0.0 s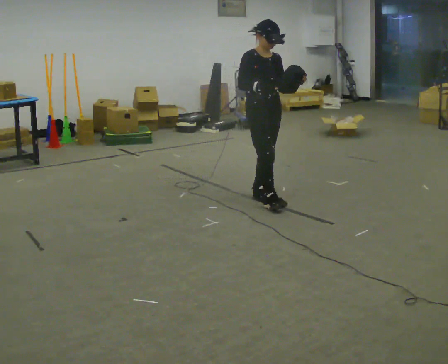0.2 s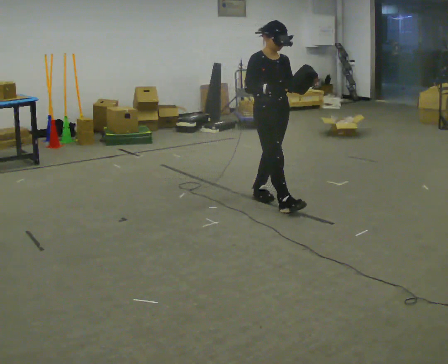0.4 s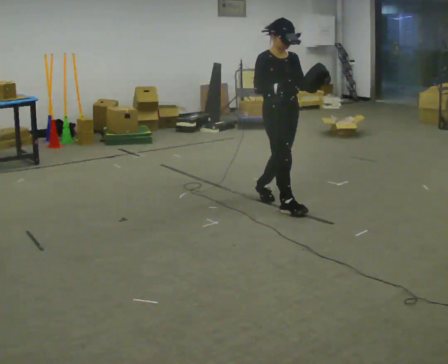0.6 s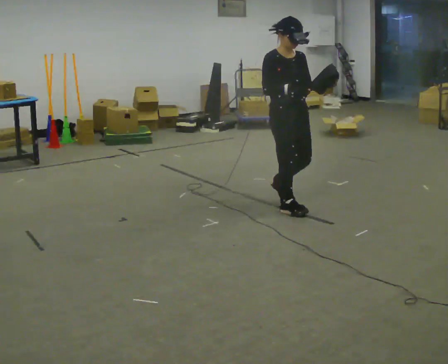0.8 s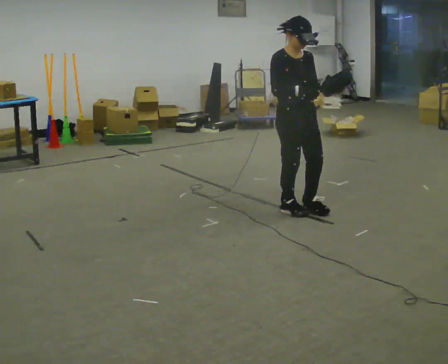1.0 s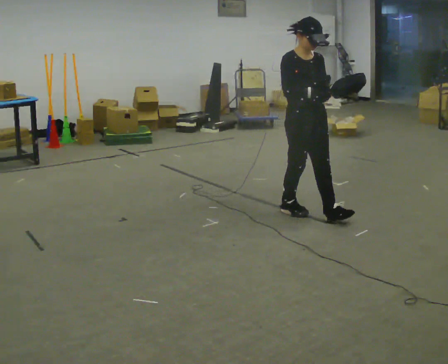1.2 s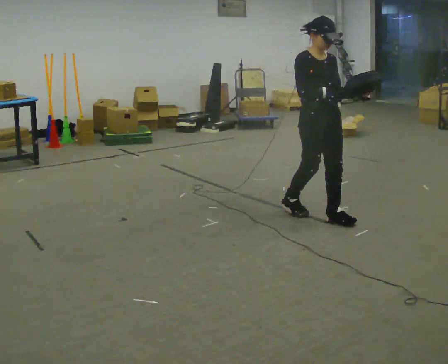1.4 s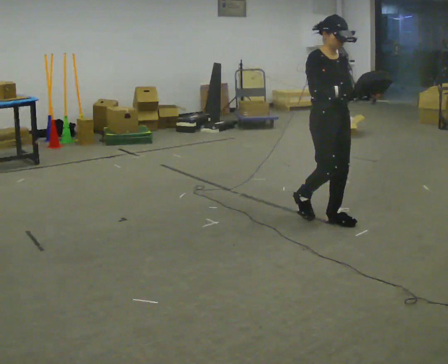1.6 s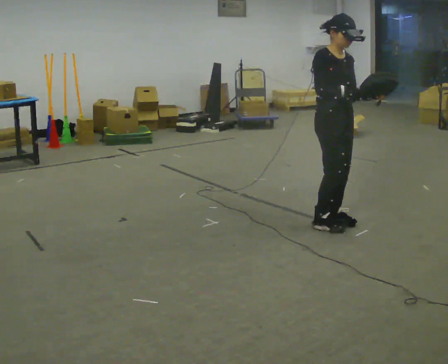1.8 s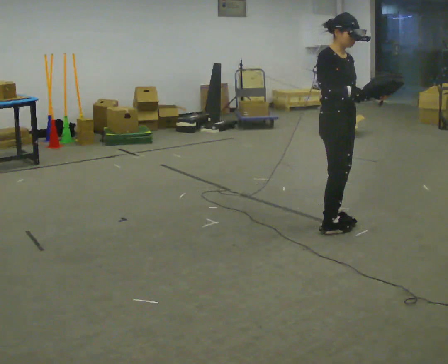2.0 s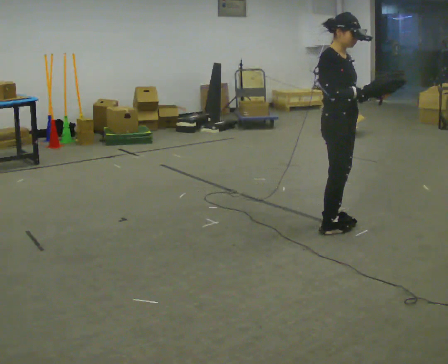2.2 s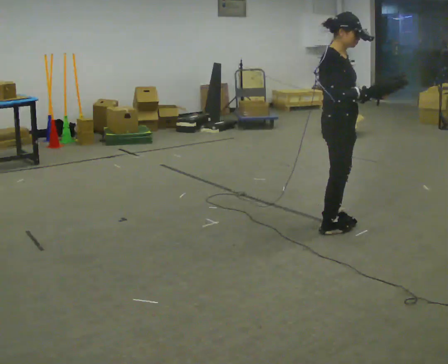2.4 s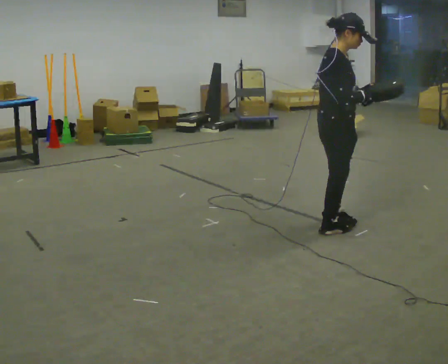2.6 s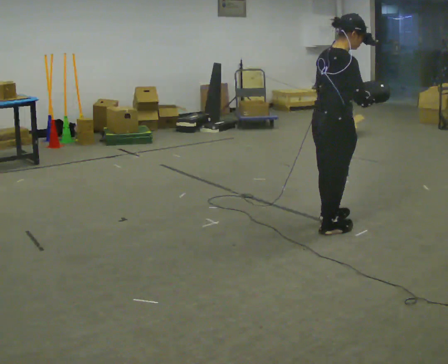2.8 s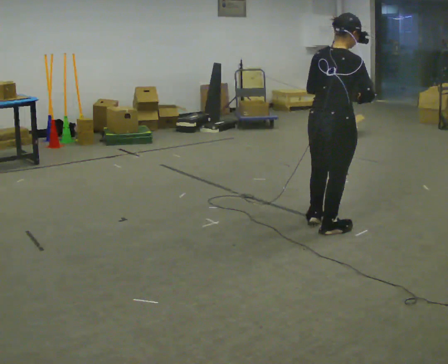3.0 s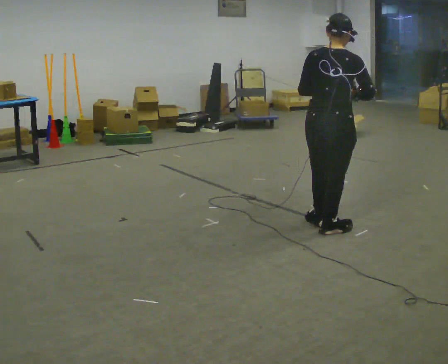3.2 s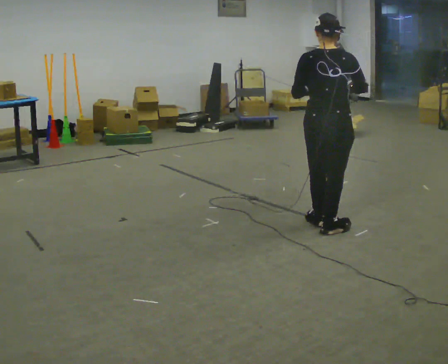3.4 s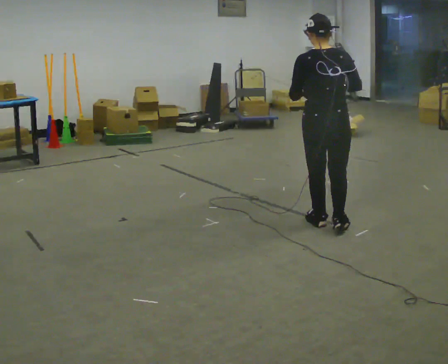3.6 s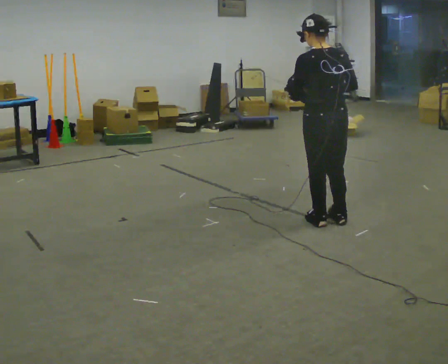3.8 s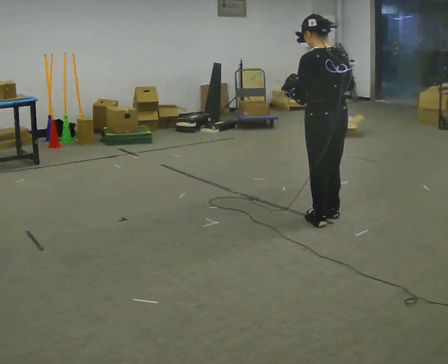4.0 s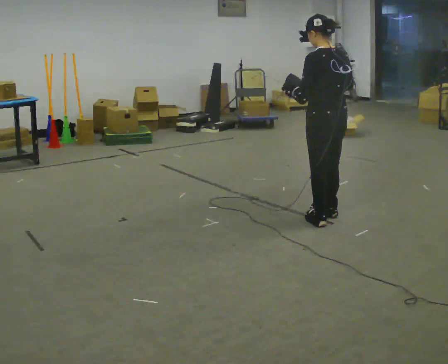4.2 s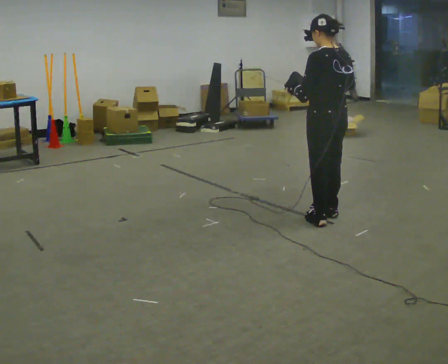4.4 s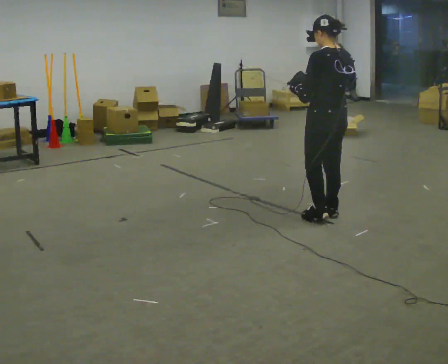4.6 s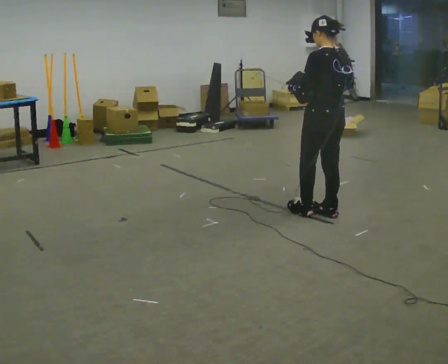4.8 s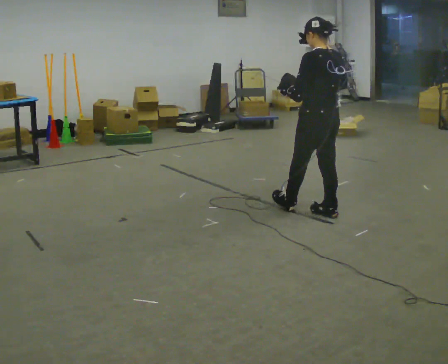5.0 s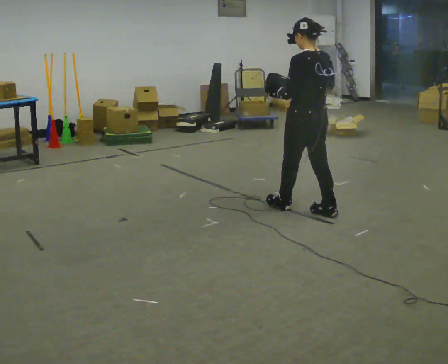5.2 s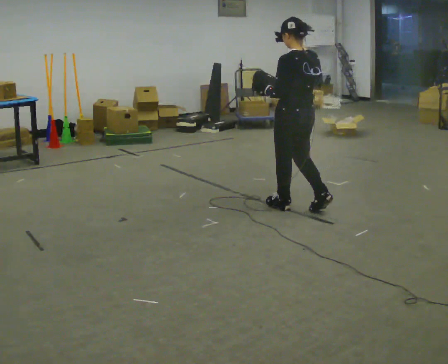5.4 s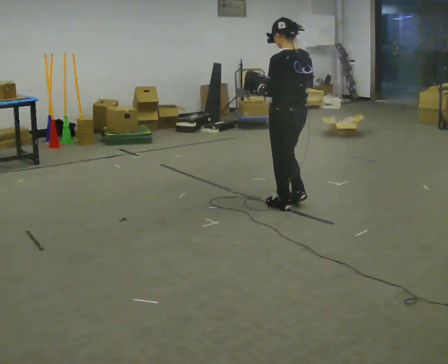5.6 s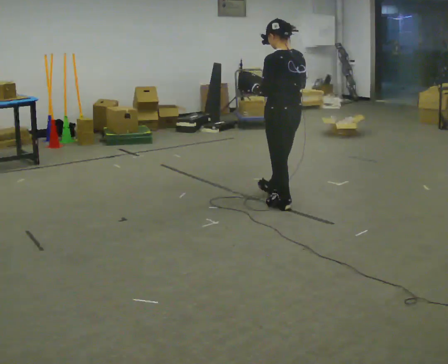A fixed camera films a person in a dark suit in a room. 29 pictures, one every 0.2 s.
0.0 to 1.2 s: In the picture they go toward the camera and to the right, about 0.5 m in 2 steps, which for them is forward.
1.2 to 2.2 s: The part of the body nearest the lens slides to the right as the person turns to their left by about 45 degrees. In the picture they go toward the camera, about 0.25 m in 1 step, which for them is forward and to their right.
2.2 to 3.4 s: The person turns about 105 degrees to their left, counterclockwise seen from above, so the part of the body nearest the lens slides to the right. In the picture their left hand goes to the left.
3.4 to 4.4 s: Seen from above the body turns counterclockwise, about 30 degrees: to their left, with its near side sliding to the right. In the picture they go away from the camera, about 0.25 m in 1 step, which for them is to their right and forward.
4.4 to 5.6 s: In the picture they go away from the camera and to the left, about 0.5 m in 1 step, which for them is forward.
The film runs forward here.
